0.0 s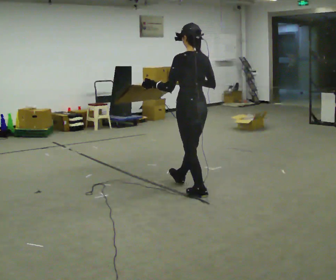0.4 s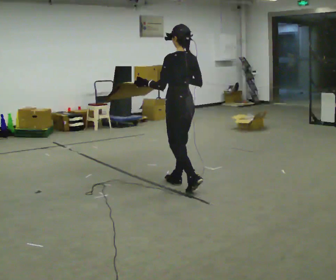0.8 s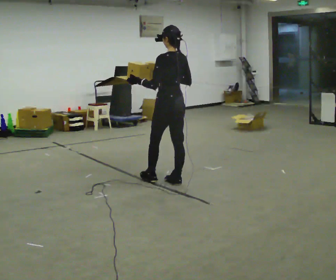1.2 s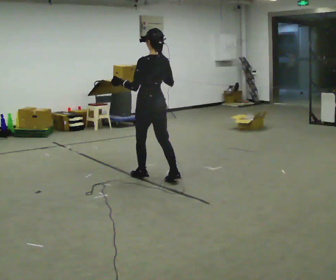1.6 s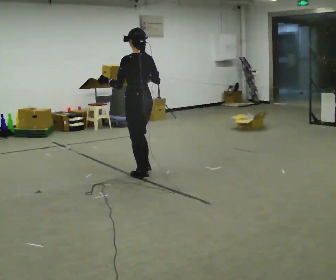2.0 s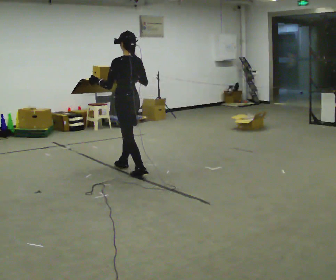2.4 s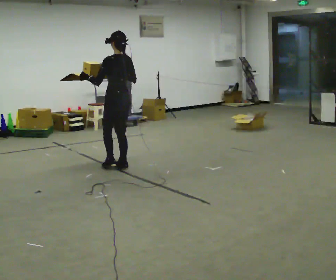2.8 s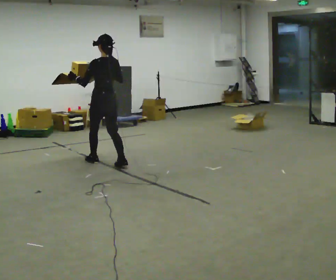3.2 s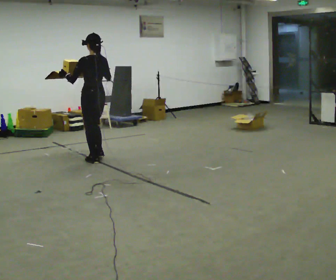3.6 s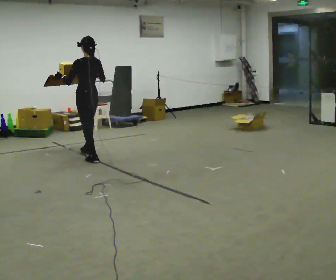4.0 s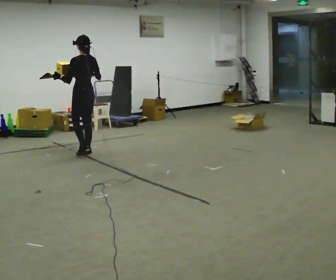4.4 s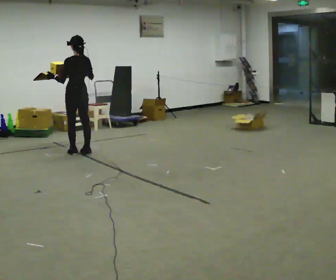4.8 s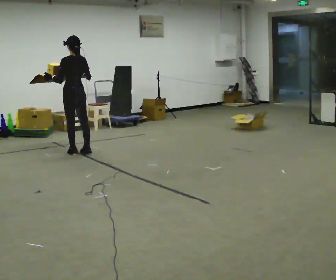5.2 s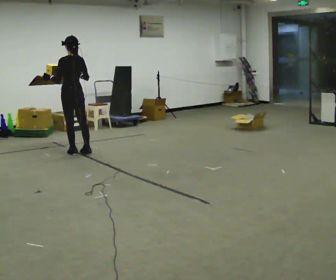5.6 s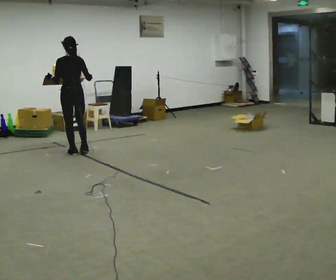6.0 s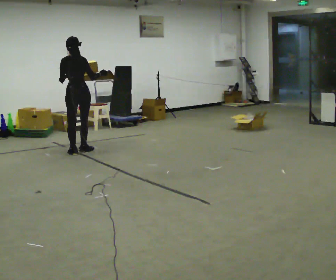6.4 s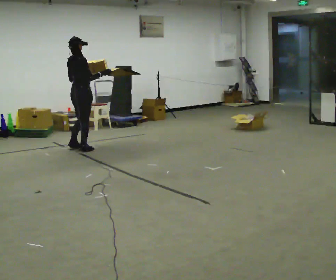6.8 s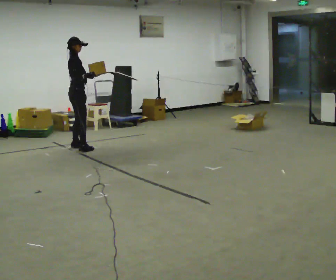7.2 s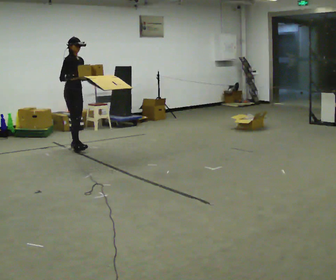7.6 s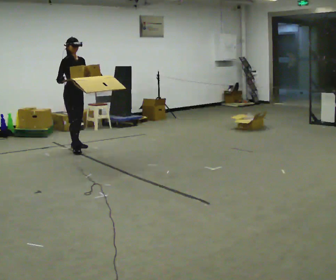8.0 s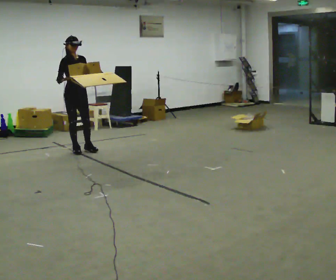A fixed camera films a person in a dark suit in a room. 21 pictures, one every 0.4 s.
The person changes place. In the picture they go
away from the camera.
0.0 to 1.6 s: In the picture they go away from the camera and to the left, about 1 m in 2 steps, which for them is forward.
1.6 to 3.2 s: In the picture they go away from the camera and to the left, about 1 m in 2 steps, which for them is forward.
3.2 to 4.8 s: In the picture they go away from the camera and to the left, about 0.5 m in 2 steps, which for them is forward.
4.8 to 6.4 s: The part of the body nearest the lens slides to the left as the person turns to their right by about 90 degrees. In the picture they go away from the camera, about 0.25 m in 1 step.
6.4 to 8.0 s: The part of the body nearest the lens slides to the left as the person turns to their right by about 105 degrees. In the picture their right hand goes to the left.
The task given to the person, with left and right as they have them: Carry the open tray of loose items across the room, back and forth, trying not to let anything fall out.
The film runs forward here.
